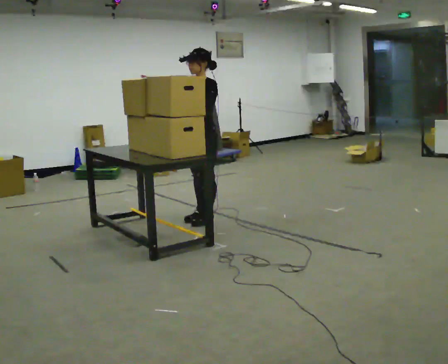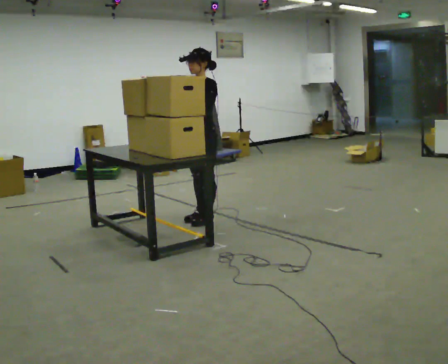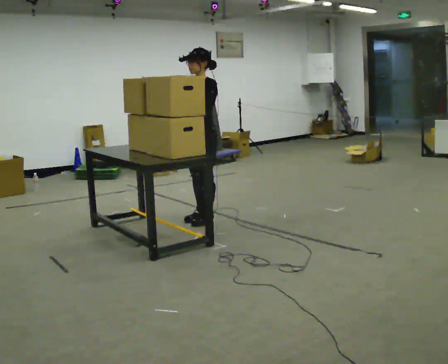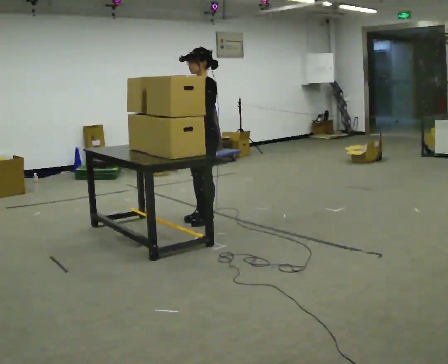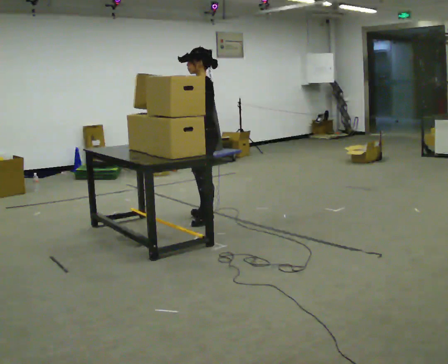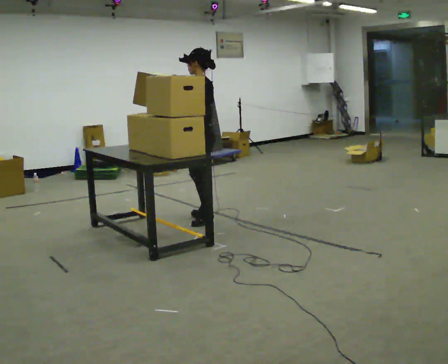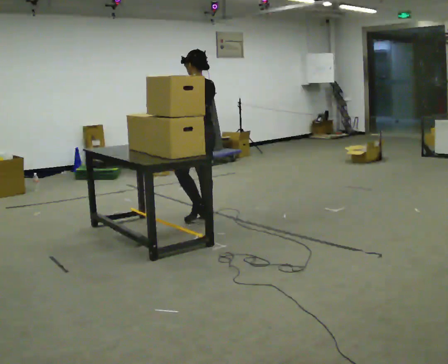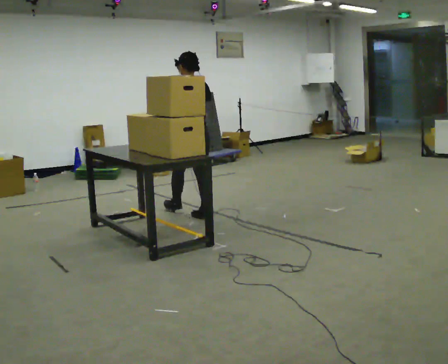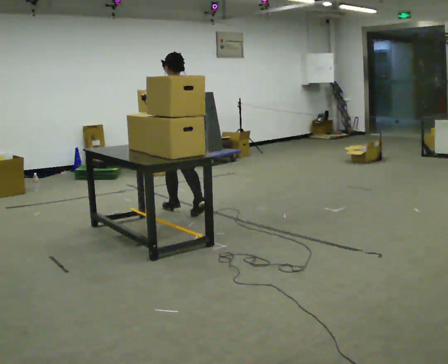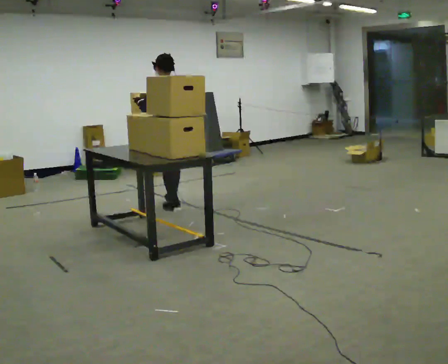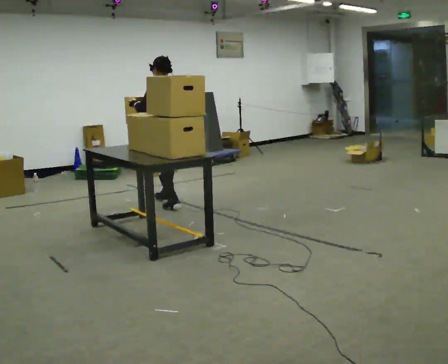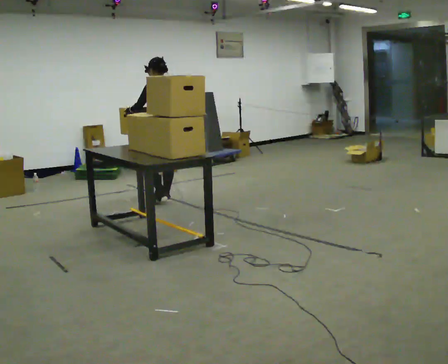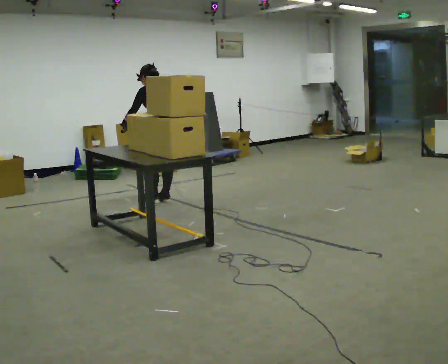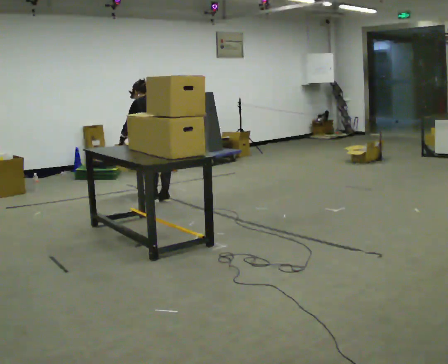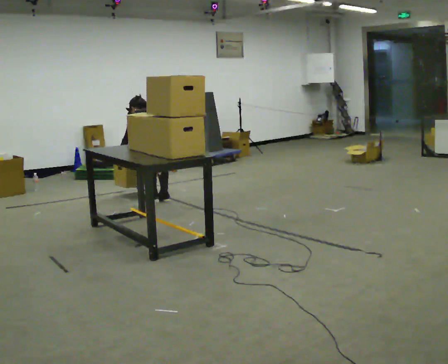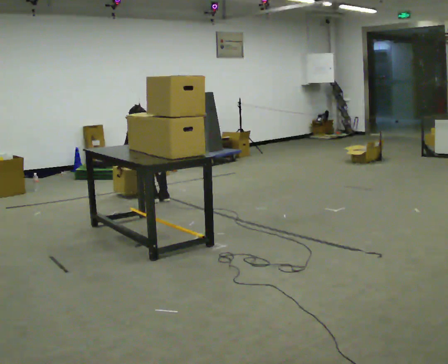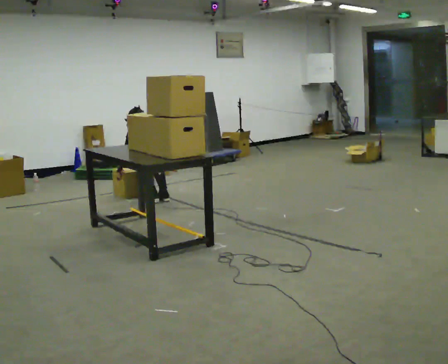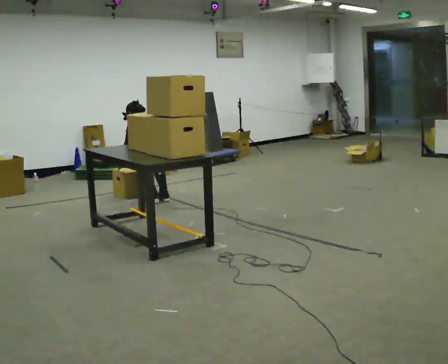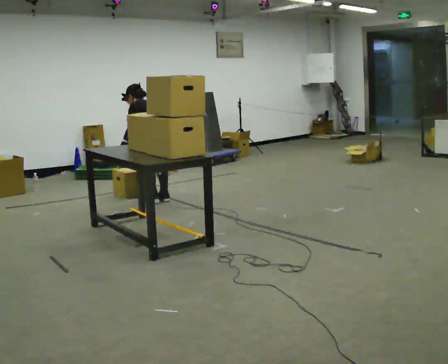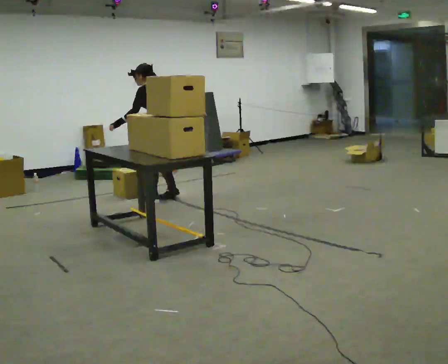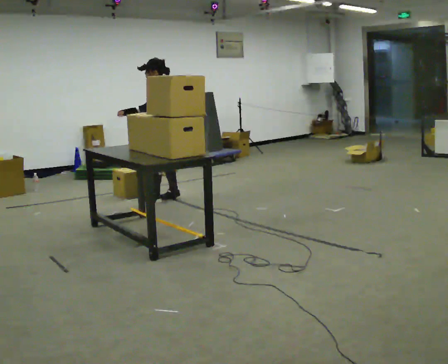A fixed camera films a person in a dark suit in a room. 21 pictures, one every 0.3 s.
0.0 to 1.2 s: The part of the body nearest the lens slides to the left as the person turns to their right by about 30 degrees.
1.2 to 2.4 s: Seen from above the body turns clockwise, about 75 degrees: to their right, with its near side sliding to the left. In the picture they go away from the camera and to the left, about 0.5 m in 1 step.
2.4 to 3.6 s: In the picture they go away from the camera, about 0.5 m in 2 steps, which for them is forward. The upper body tips away from the camera, its near side rolling upward, as they bend forward. In the picture their right hand goes downward.
3.6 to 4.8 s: The shoulders move downward. The upper body tips away from the camera, its near side rolling upward, as they bend forward. In the picture their right hand goes downward.
4.8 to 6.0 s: The person turns about 45 degrees to their left, counterclockwise seen from above, so the part of the body nearest the lens slides to the right. In the picture they go away from the camera, about 0.25 m in 1 step, which for them is to their right. The shoulders move upward. The upper body tips toward the camera, its near side rolling downward, as they lean back or straighten. In the picture their right hand goes upward.
The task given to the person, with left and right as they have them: Pick up the next box in the row and carry it to the table. The operator will not tell you how heavy each one is. Keep going until the operator says stop; one object at a time, and do not rush between trips.
The film runs forward here.
